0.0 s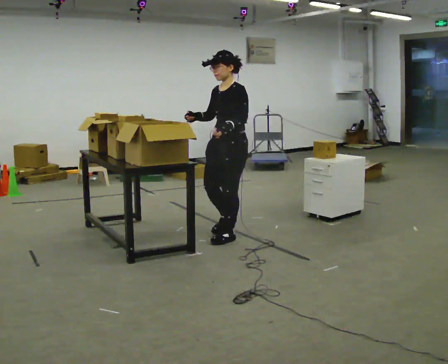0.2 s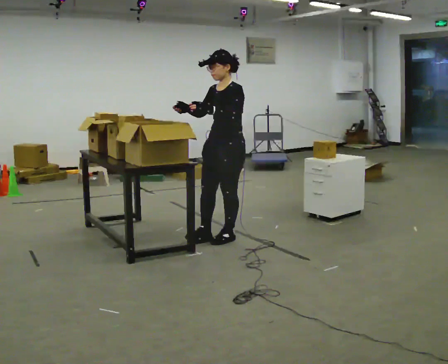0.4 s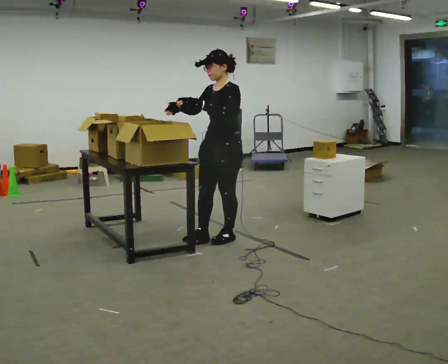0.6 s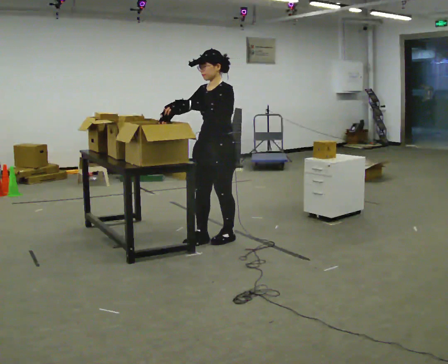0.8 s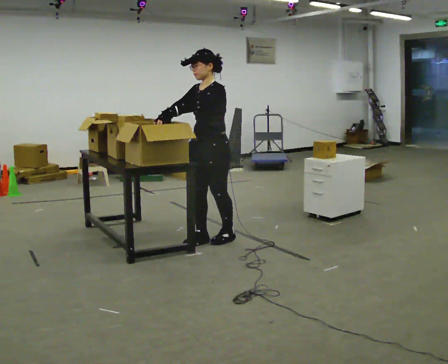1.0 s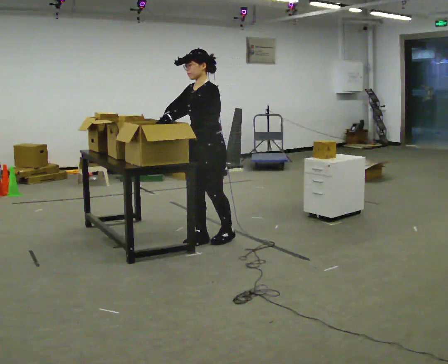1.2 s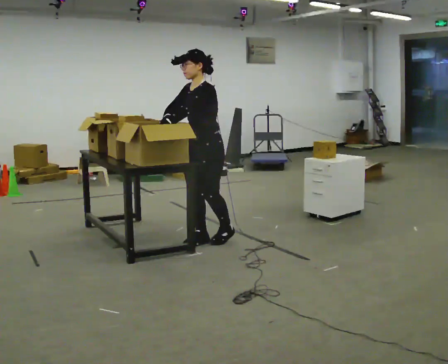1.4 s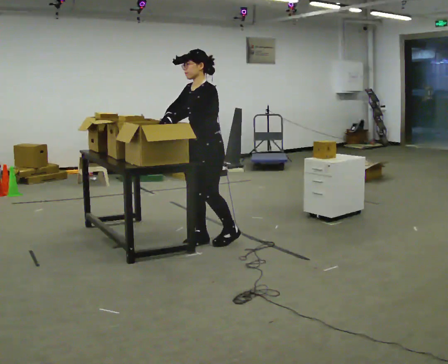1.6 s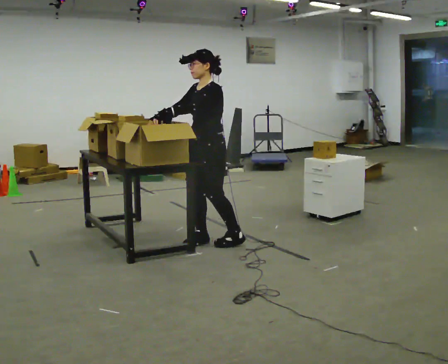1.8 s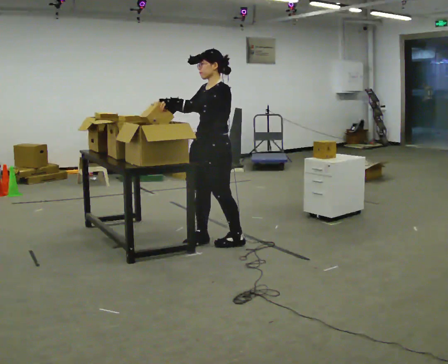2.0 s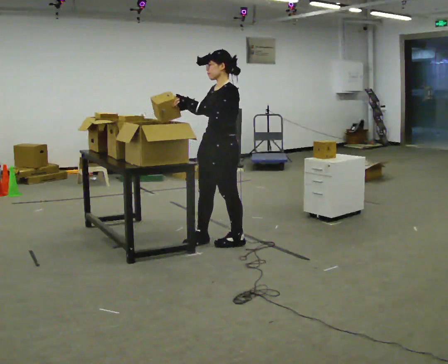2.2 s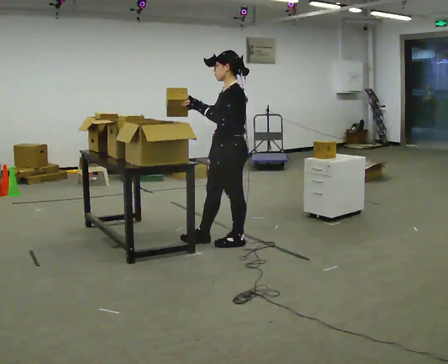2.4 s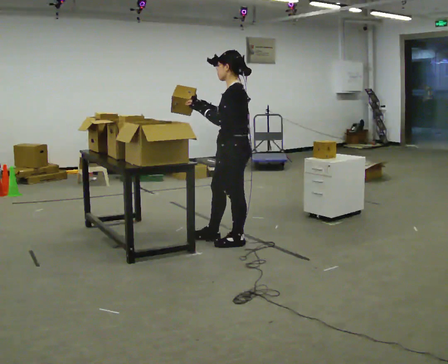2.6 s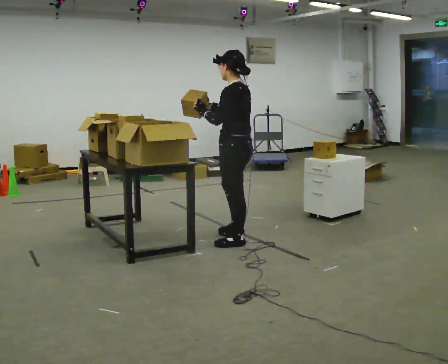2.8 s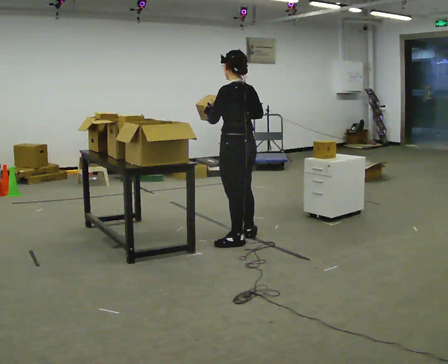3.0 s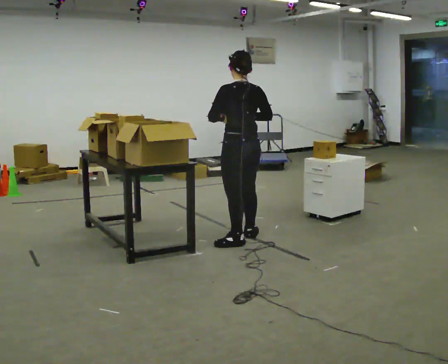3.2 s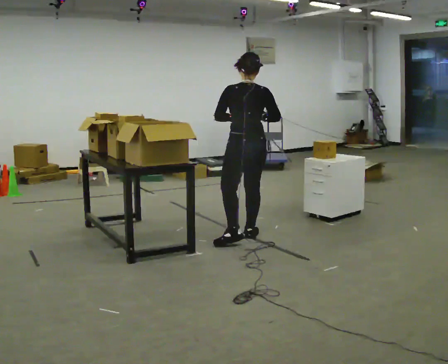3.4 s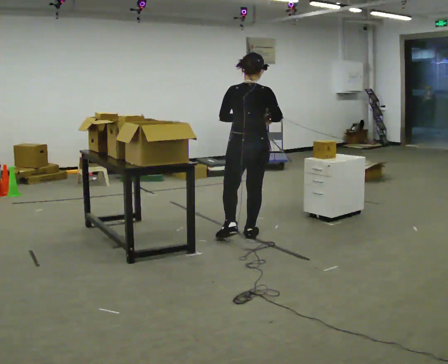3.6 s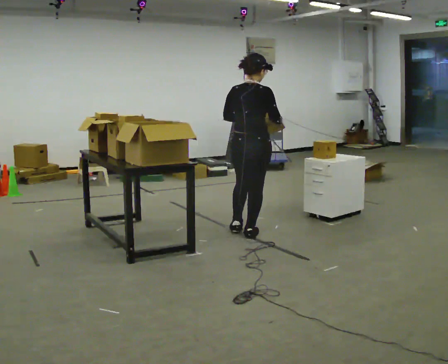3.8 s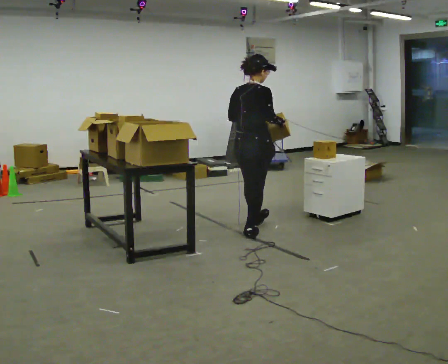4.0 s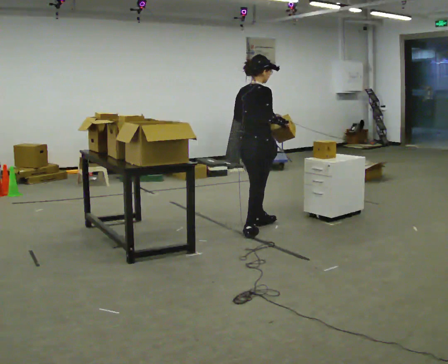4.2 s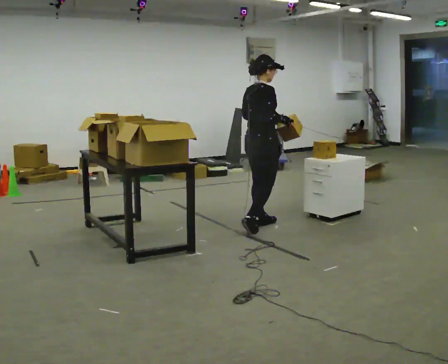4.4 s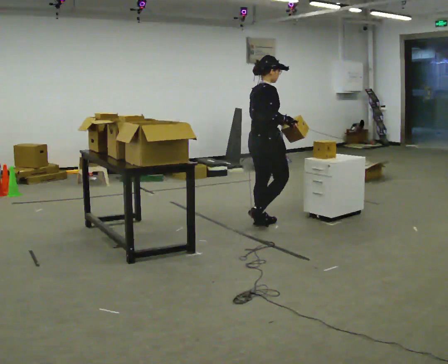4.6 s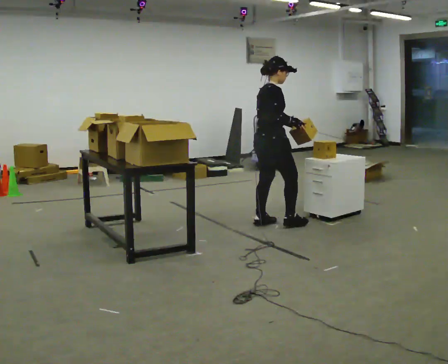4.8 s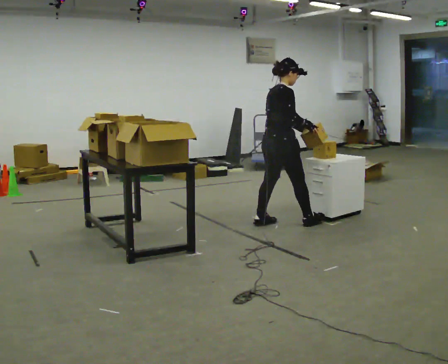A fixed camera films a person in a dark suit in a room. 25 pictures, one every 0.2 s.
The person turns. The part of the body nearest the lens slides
to the left.
The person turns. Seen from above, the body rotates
clockwise.
0.0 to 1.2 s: In the picture they go to the left and toward the camera, about 0.25 m in 1 step, which for them is forward. In the picture their left hand goes to the left.
1.2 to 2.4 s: Seen from above the body turns clockwise, about 45 degrees: to their right, with its near side sliding to the left. In the picture they go to the right, about 0.25 m in 1 step, which for them is to their left and backward.
2.4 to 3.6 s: Seen from above the body turns clockwise, about 105 degrees: to their right, with its near side sliding to the left. In the picture they go away from the camera, about 0.25 m in 1 step.
3.6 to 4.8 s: The part of the body nearest the lens slides to the left as the person turns to their right by about 45 degrees. In the picture they go away from the camera and to the right, about 0.5 m in 2 steps, which for them is forward.
The film runs forward here.
